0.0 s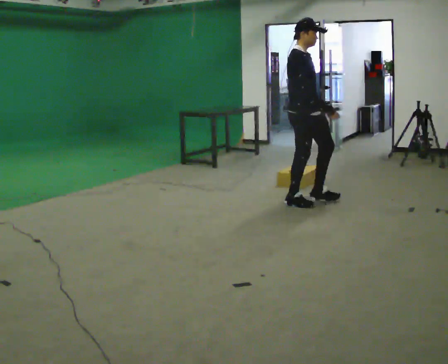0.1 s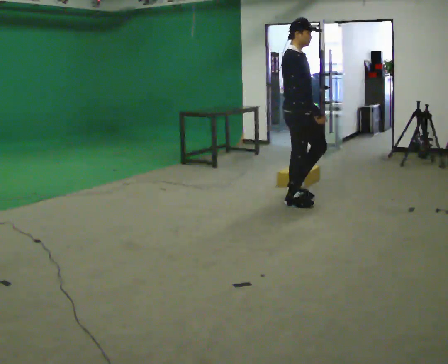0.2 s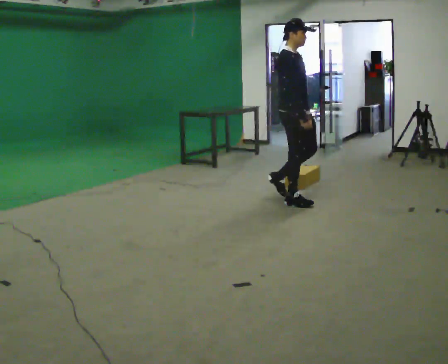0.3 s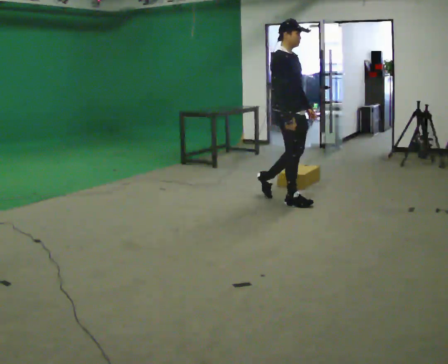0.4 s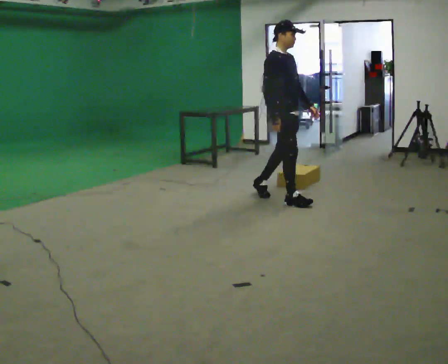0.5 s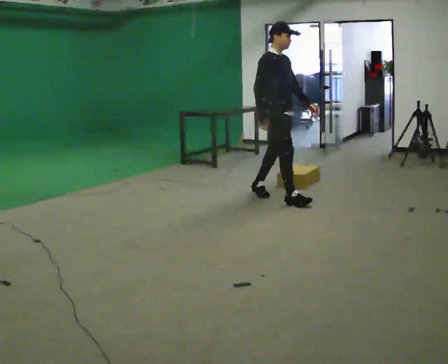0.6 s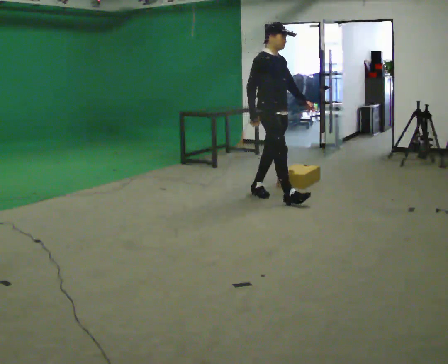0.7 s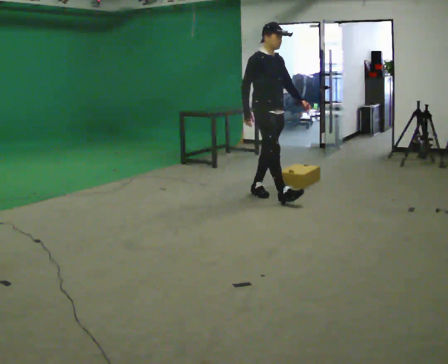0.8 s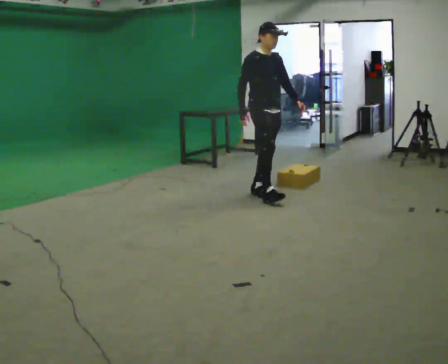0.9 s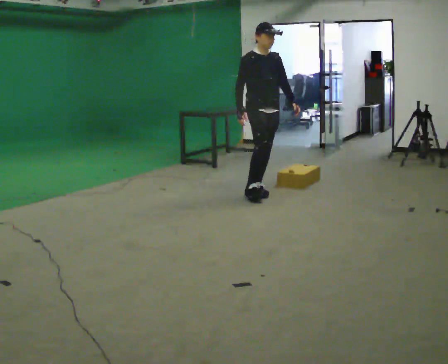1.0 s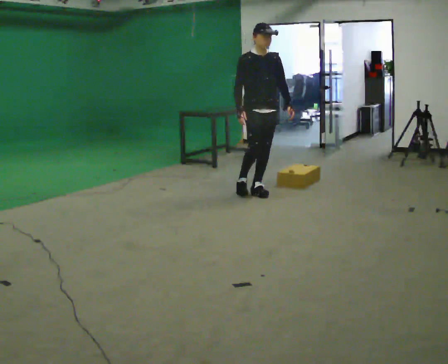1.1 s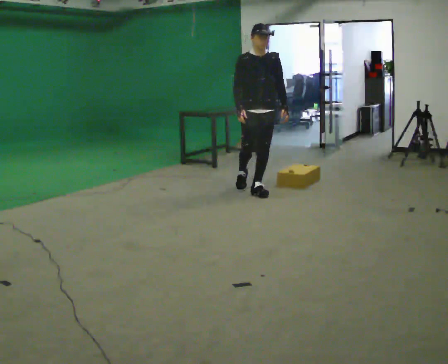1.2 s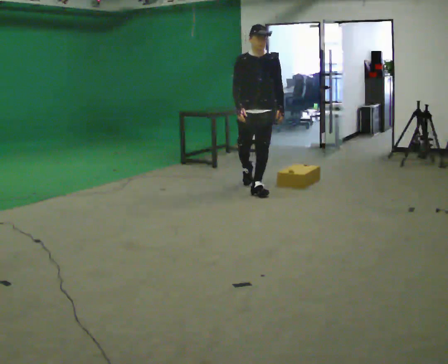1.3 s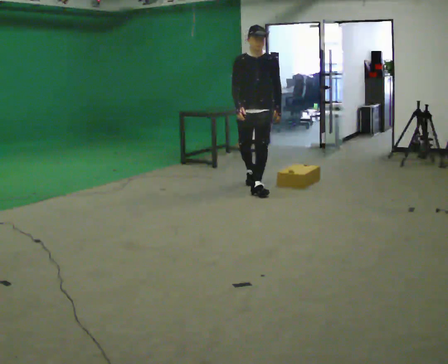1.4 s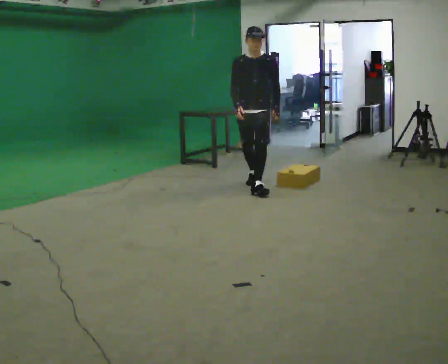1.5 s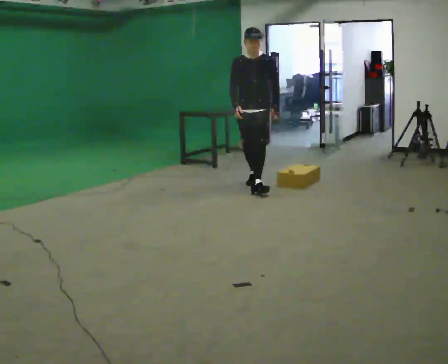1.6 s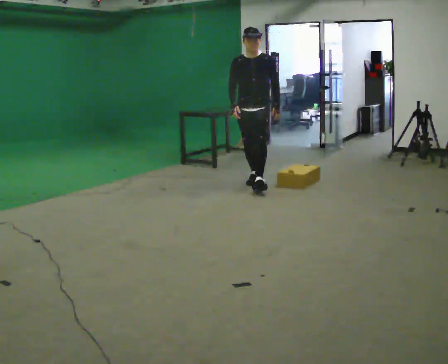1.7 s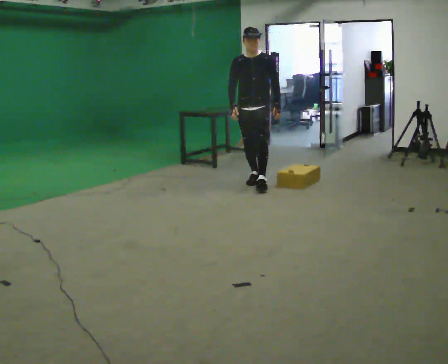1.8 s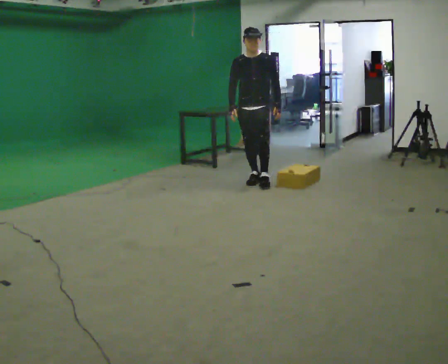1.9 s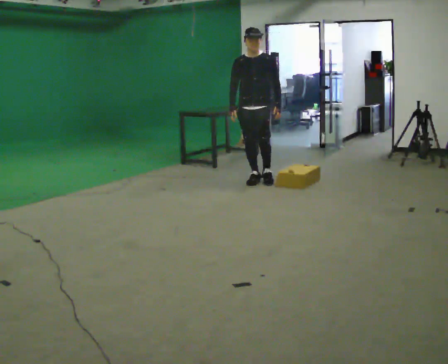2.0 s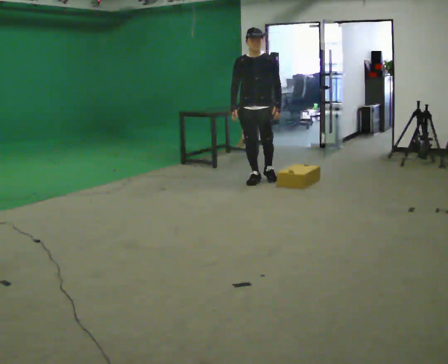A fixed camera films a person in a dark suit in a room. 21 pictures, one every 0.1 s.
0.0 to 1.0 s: The person turns about 45 degrees to their right, clockwise seen from above, so the part of the body nearest the lens slides to the left. In the picture they go to the left and away from the camera, about 0.5 m in 1 step, which for them is backward.
1.0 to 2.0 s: Seen from above the body turns clockwise, about 30 degrees: to their right, with its near side sliding to the left. In the picture they go away from the camera, about 0.5 m in 1 step, which for them is backward.
The film runs backward here.
